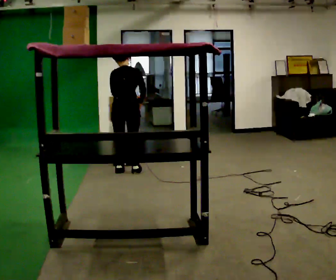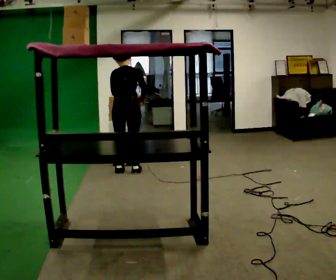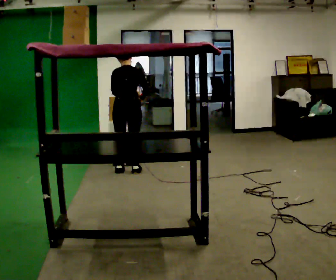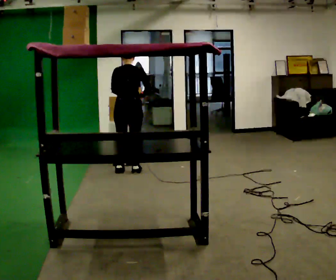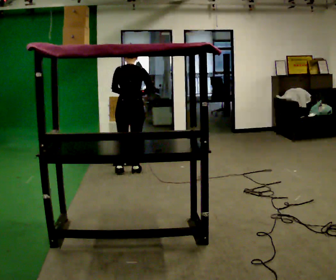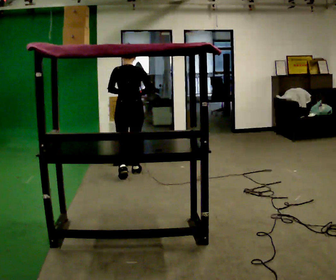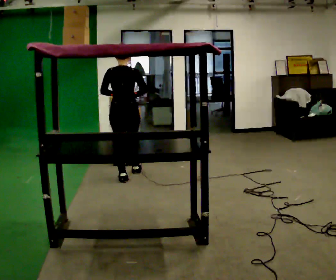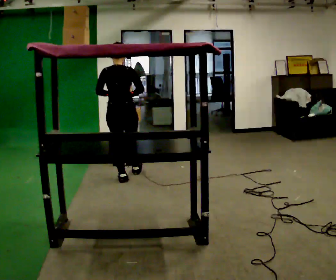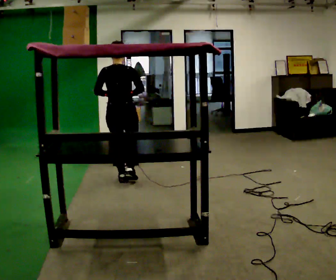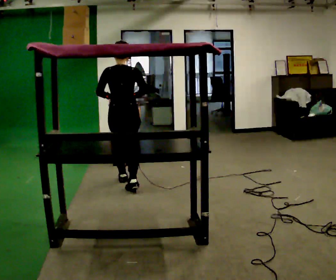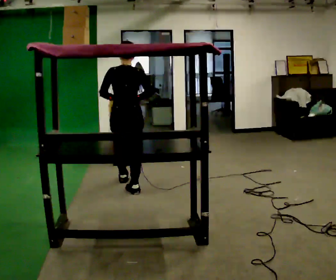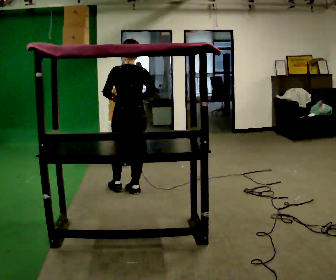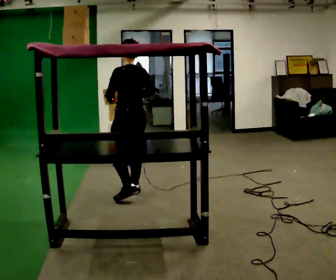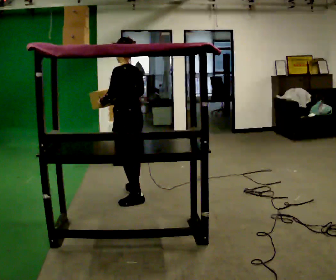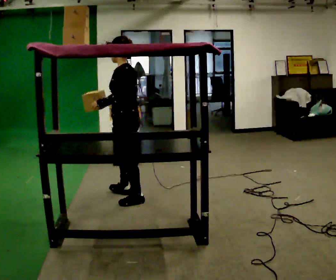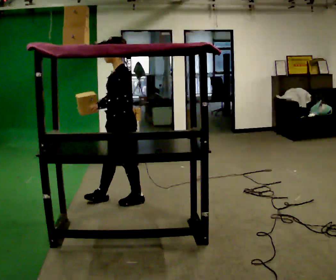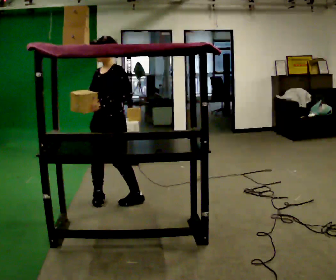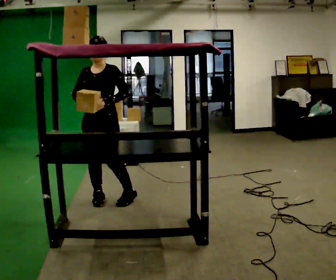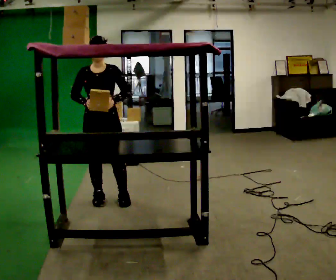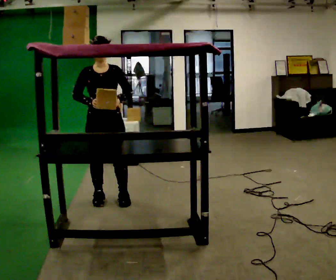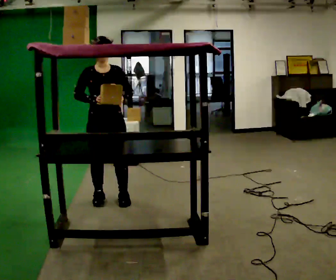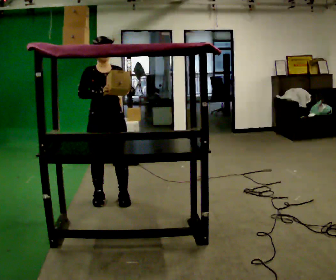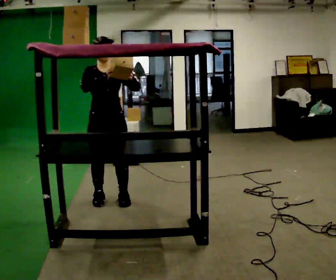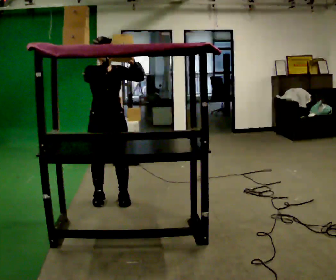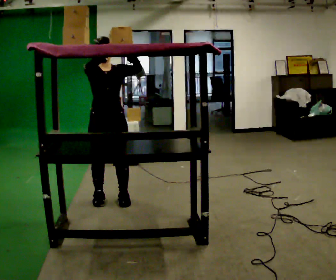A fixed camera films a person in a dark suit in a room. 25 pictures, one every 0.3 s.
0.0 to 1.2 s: The upper body tips toward the camera, its near side rolling downward, as they lean back or straighten.
1.2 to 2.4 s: In the picture they go toward the camera, about 0.5 m in 1 step, which for them is backward.
2.4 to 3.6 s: The part of the body nearest the lens slides to the right as the person turns to their left by about 45 degrees. In the picture they go toward the camera, about 0.5 m in 1 step, which for them is backward.
3.6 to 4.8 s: The part of the body nearest the lens slides to the right as the person turns to their left by about 90 degrees. In the picture they go toward the camera and to the left, about 0.25 m in 1 step.
4.8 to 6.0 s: Seen from above the body turns counterclockwise, about 60 degrees: to their left, with its near side sliding to the right.
6.0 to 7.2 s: In the picture their right hand goes upward.
The film runs backward here.
